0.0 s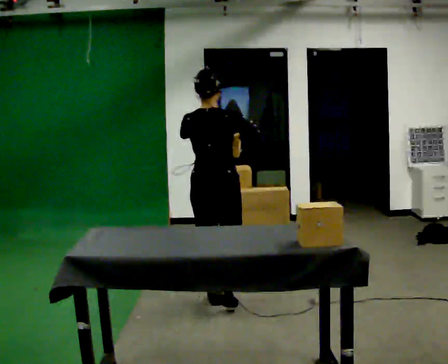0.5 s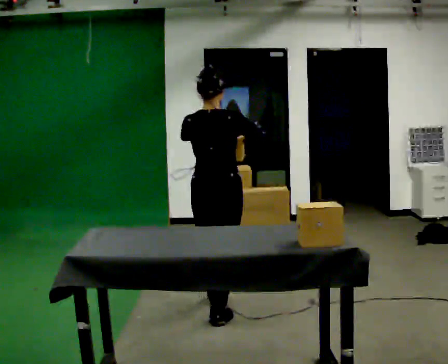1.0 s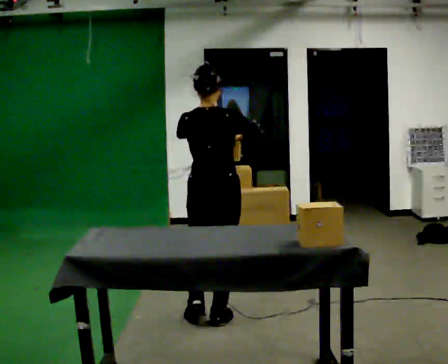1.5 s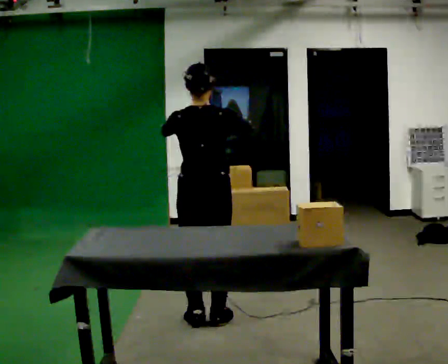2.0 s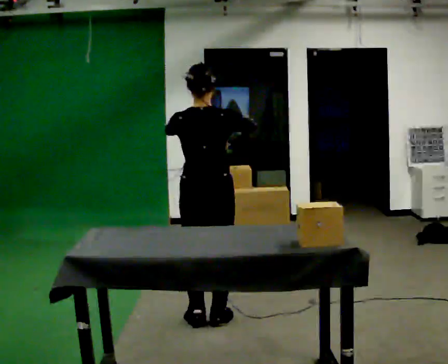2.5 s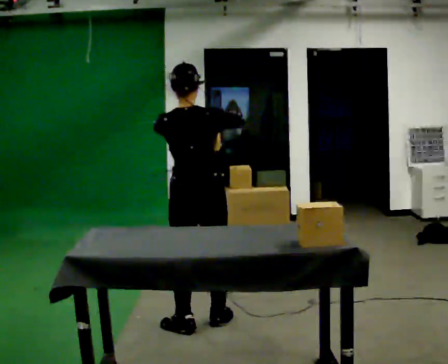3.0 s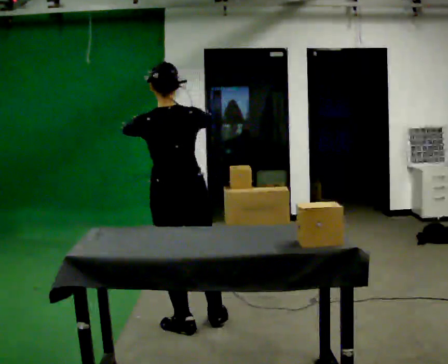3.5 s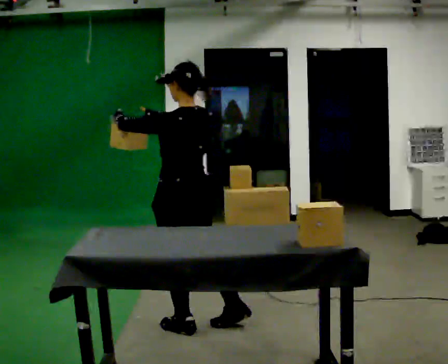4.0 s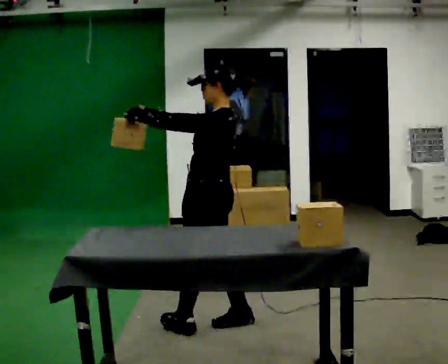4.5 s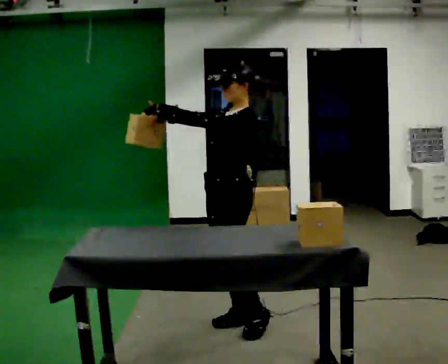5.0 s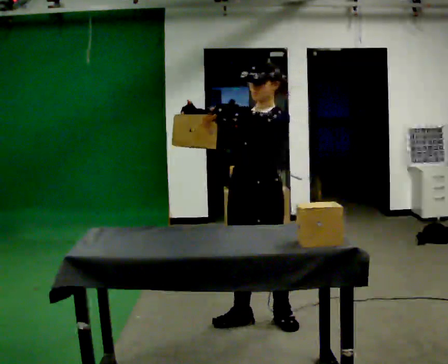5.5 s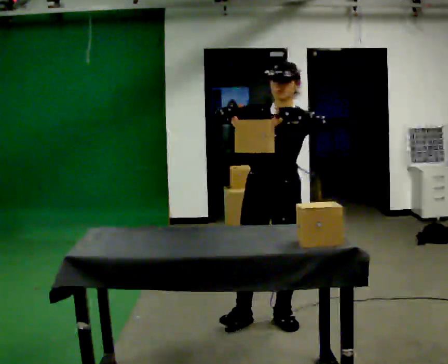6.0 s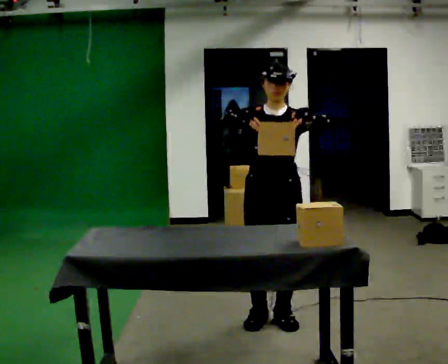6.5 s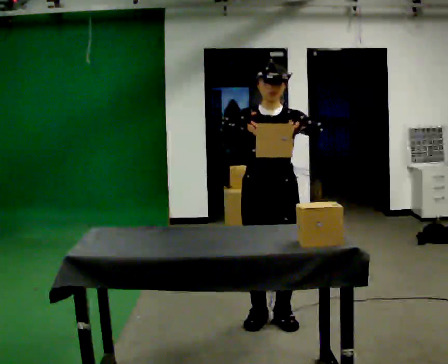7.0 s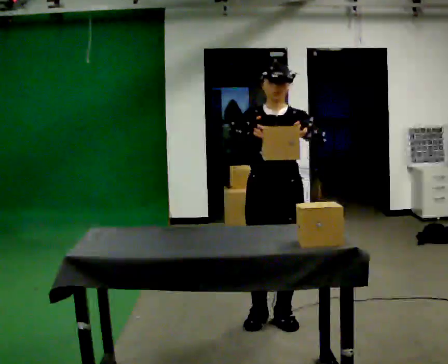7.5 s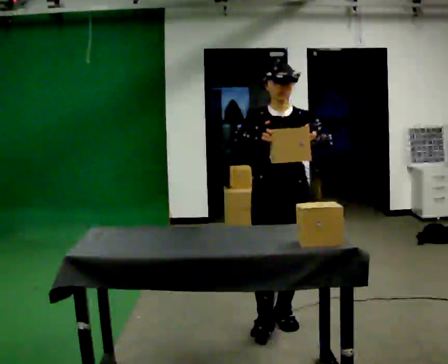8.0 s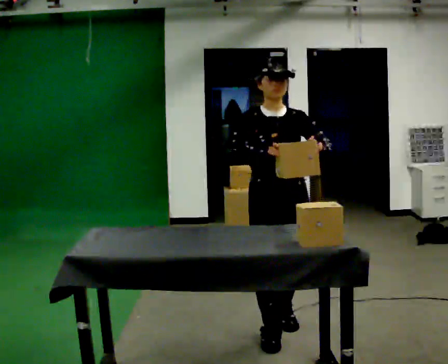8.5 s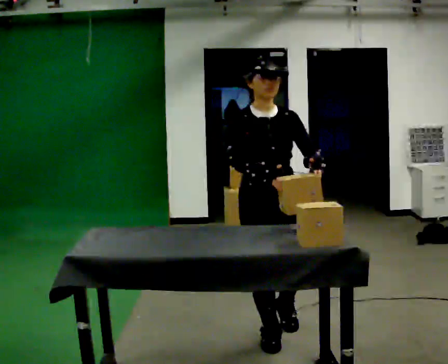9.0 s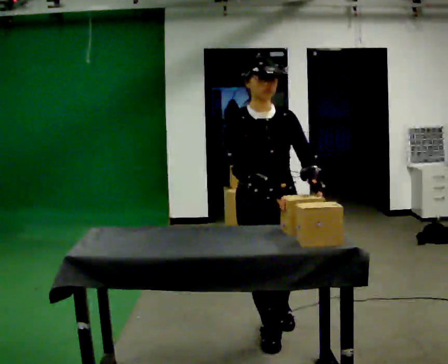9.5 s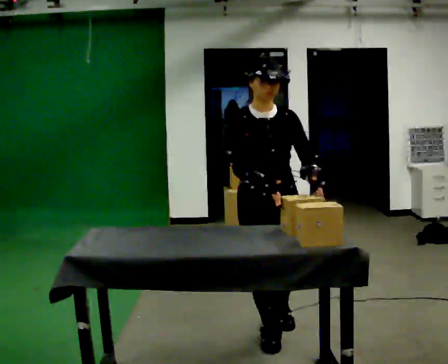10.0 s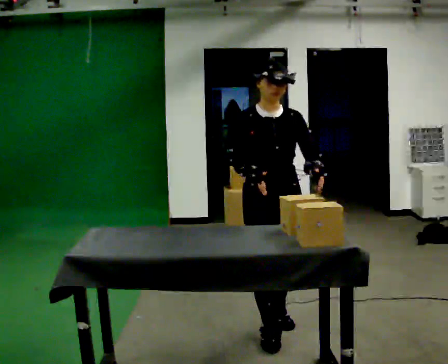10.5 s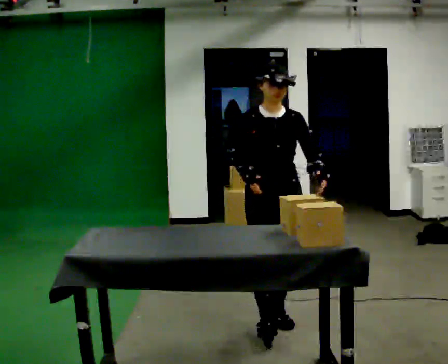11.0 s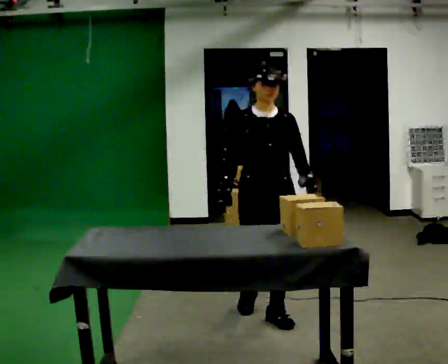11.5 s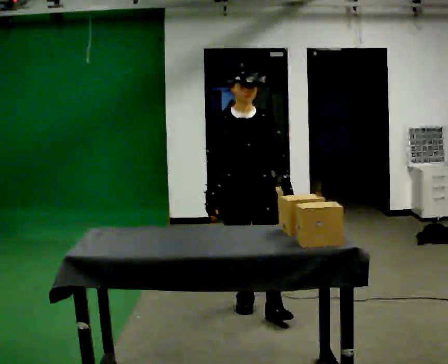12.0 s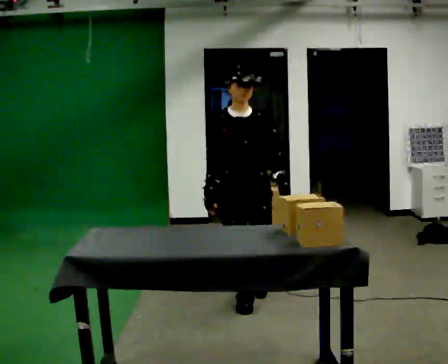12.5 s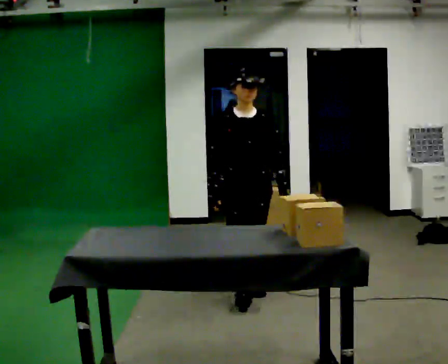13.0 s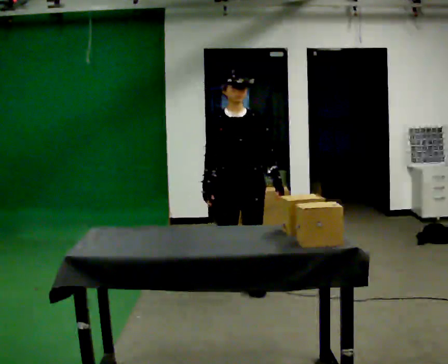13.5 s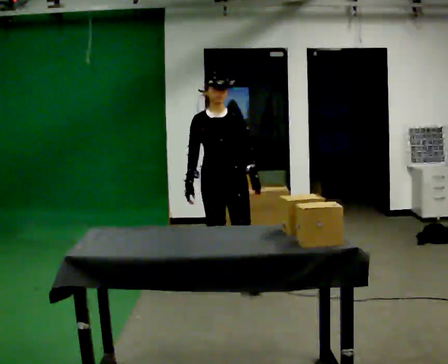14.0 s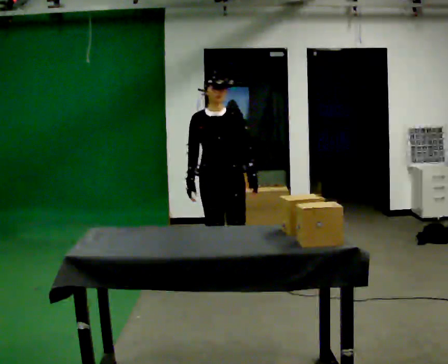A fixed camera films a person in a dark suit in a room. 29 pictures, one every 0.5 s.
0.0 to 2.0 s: In the picture they go toward the camera, about 0.25 m in 1 step, which for them is backward.
2.0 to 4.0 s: The part of the body nearest the lens slides to the right as the person turns to their left by about 90 degrees. In the picture their right hand goes to the left.
4.0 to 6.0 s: The person turns about 90 degrees to their left, counterclockwise seen from above, so the part of the body nearest the lens slides to the right. In the picture they go to the right, about 0.25 m in 1 step.
6.0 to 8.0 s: In the picture they go toward the camera, about 0.25 m in 1 step, which for them is forward.
8.0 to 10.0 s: The person moves a little, or ends about where they began.
10.0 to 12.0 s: In the picture they go away from the camera, about 0.5 m in 2 steps, which for them is backward.
12.0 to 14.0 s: In the picture they go away from the camera, about 0.75 m in 2 steps, which for them is backward.
The film runs backward here.
